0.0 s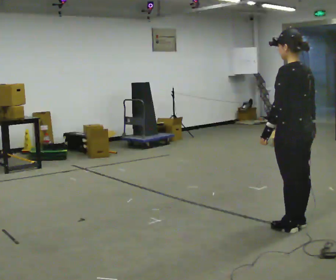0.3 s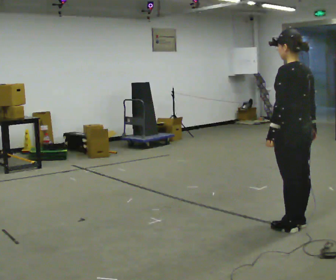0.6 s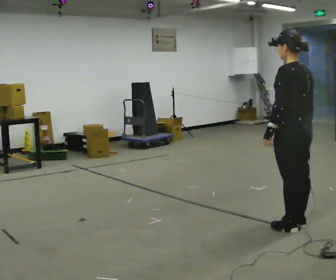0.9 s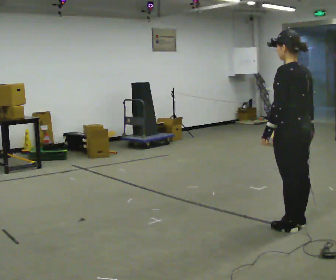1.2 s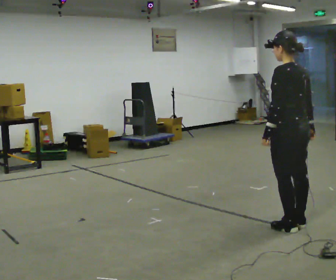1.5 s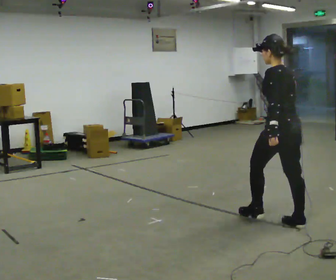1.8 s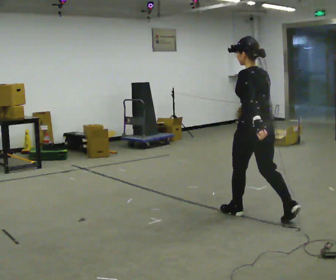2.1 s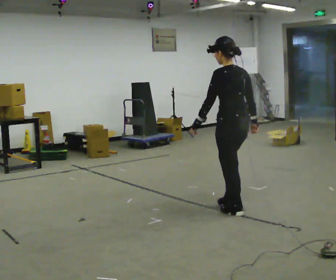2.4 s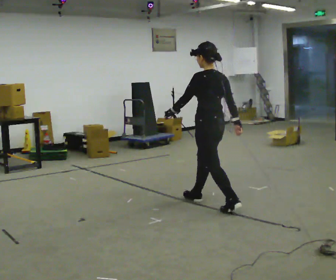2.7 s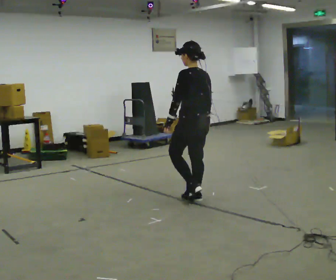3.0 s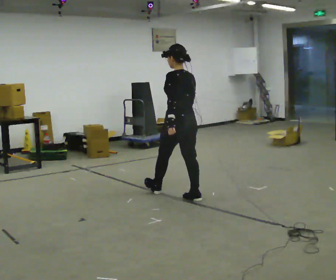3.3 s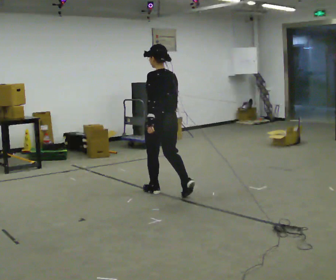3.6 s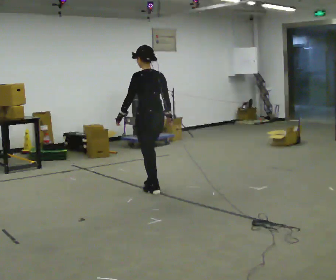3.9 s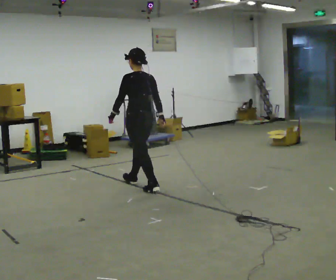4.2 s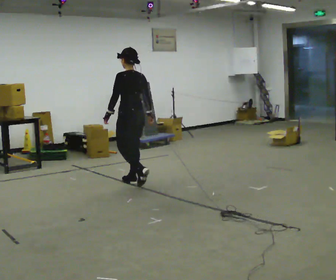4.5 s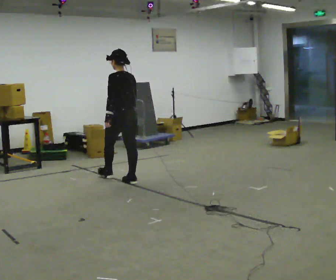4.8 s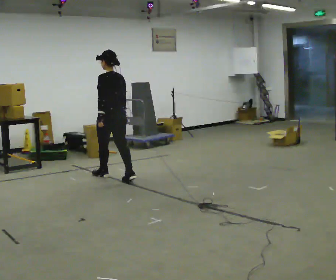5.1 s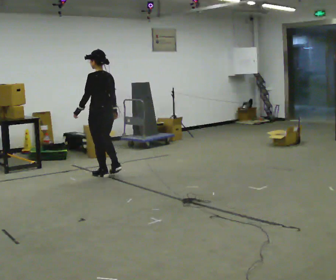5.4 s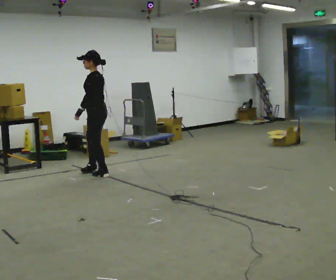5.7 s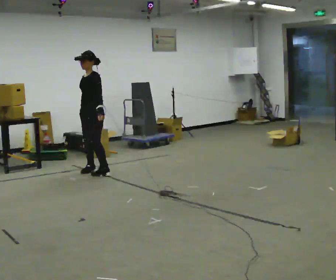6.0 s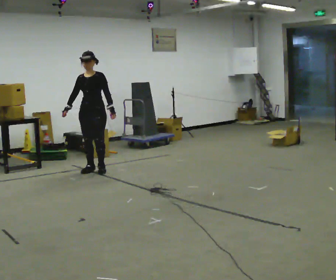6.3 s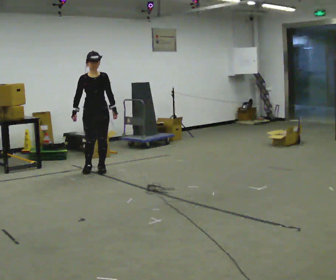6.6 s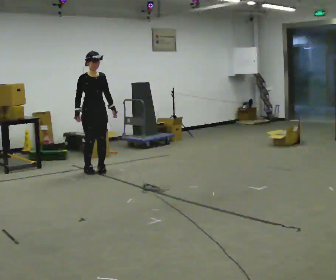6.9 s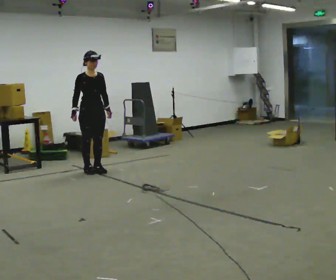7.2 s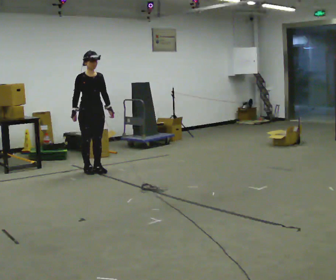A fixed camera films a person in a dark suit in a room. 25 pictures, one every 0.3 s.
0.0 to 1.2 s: The person moves a little, or ends about where they began.
1.2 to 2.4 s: In the picture they go away from the camera and to the left, about 1 m in 2 steps, which for them is forward.
2.4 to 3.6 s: In the picture they go away from the camera and to the left, about 1 m in 1 step, which for them is forward.
3.6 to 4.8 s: In the picture they go away from the camera and to the left, about 1 m in 2 steps, which for them is forward.
4.8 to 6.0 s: The person turns about 135 degrees to their left, counterclockwise seen from above, so the part of the body nearest the lens slides to the right. In the picture they go away from the camera and to the left, about 0.5 m in 2 steps.
6.0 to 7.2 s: The part of the body nearest the lens slides to the right as the person turns to their left by about 45 degrees.
The film runs forward here.
